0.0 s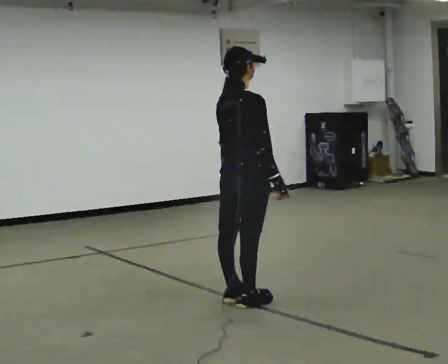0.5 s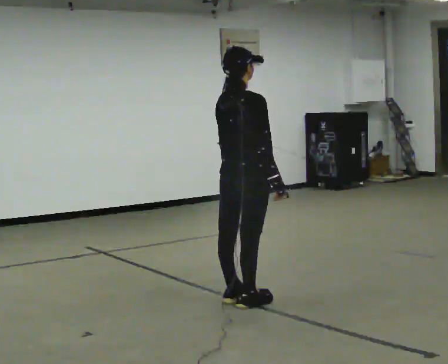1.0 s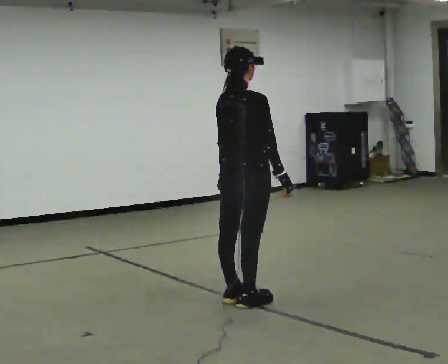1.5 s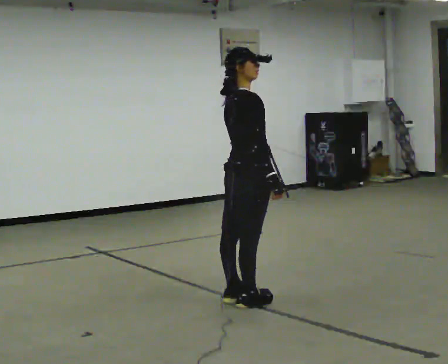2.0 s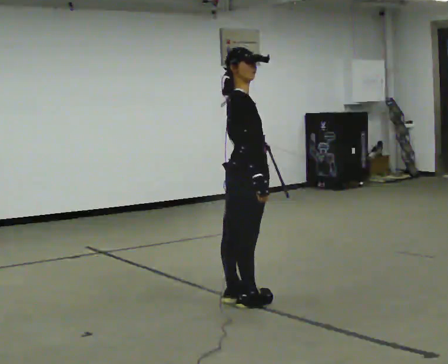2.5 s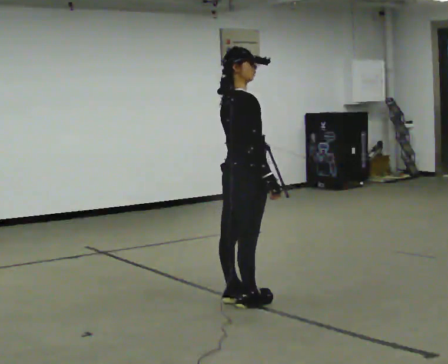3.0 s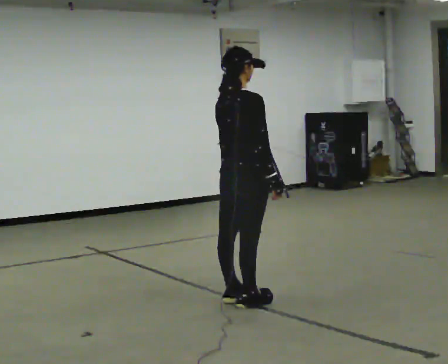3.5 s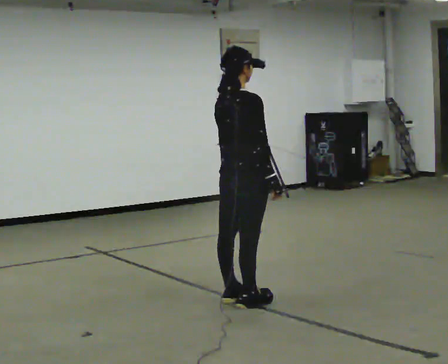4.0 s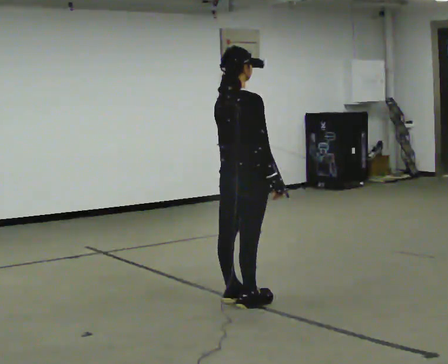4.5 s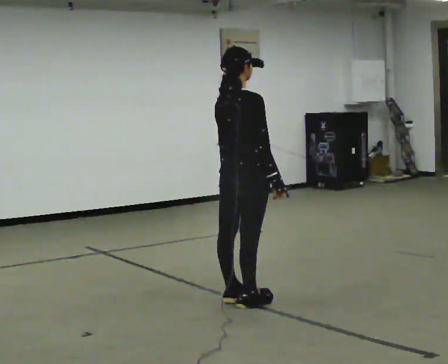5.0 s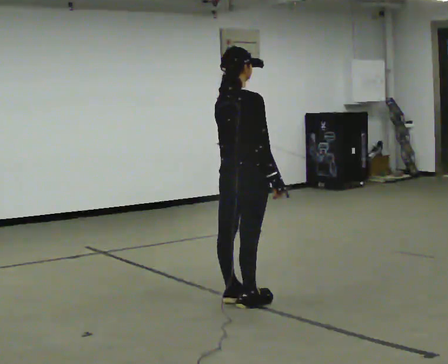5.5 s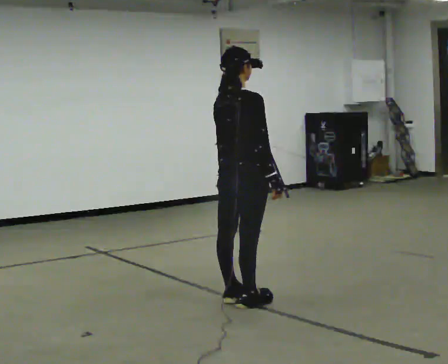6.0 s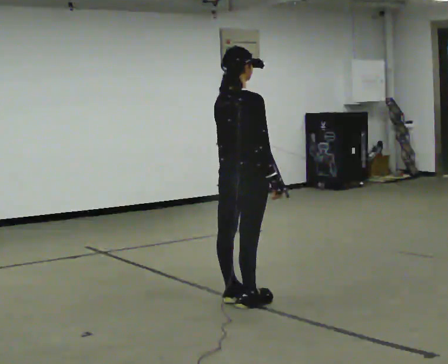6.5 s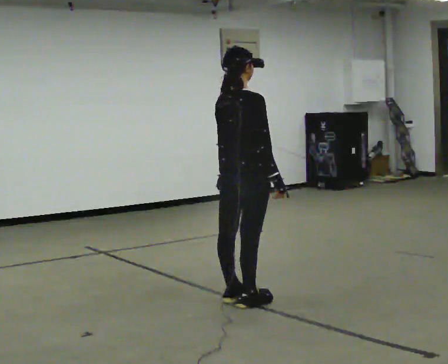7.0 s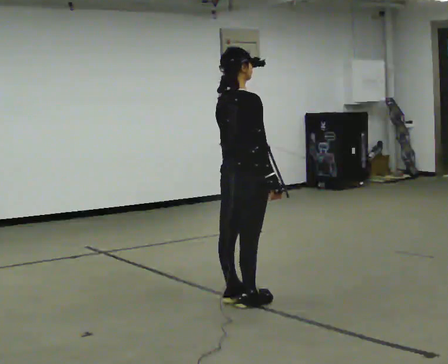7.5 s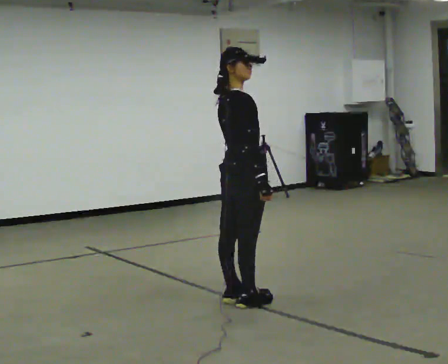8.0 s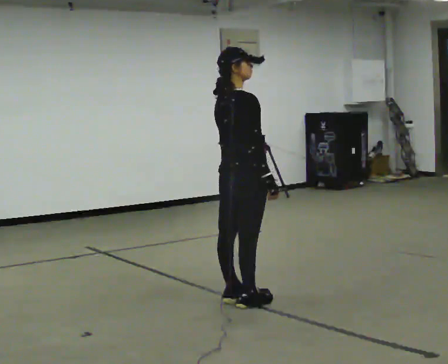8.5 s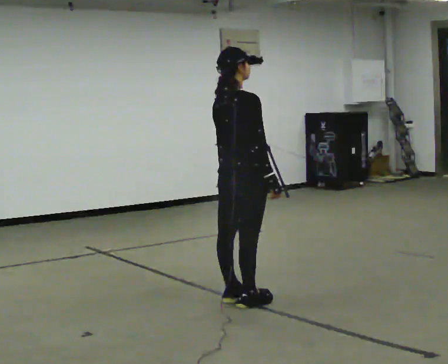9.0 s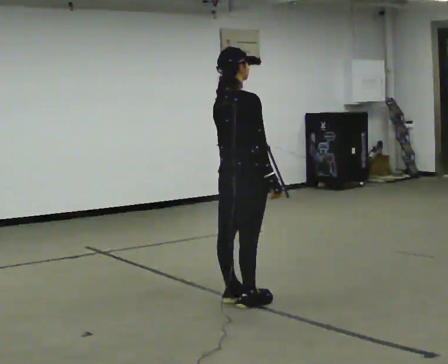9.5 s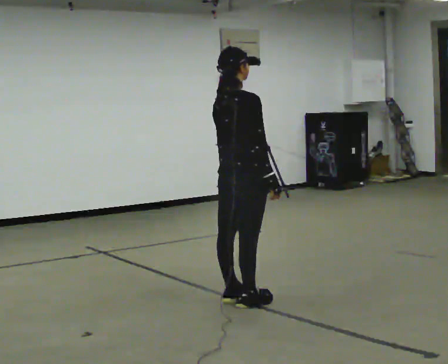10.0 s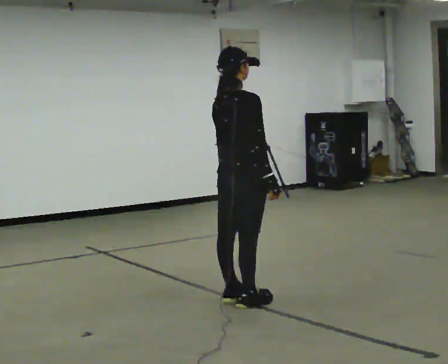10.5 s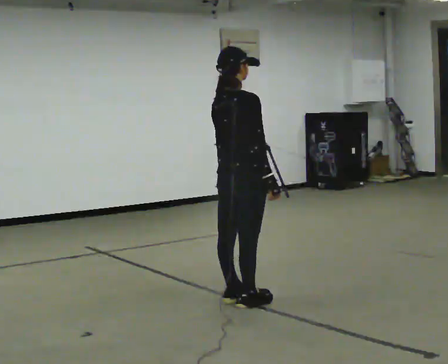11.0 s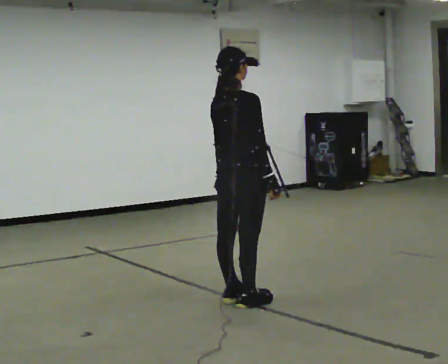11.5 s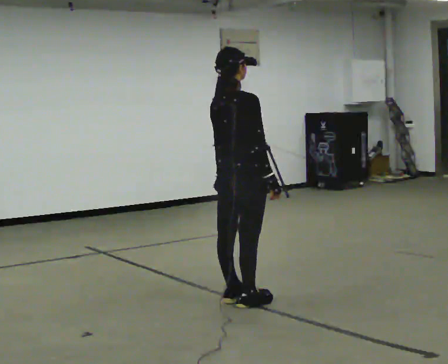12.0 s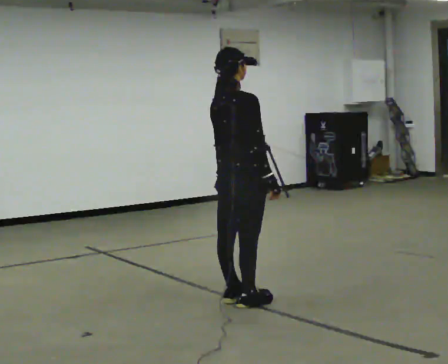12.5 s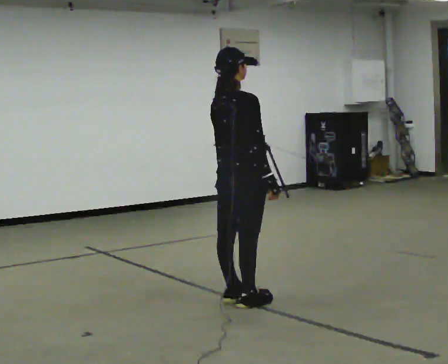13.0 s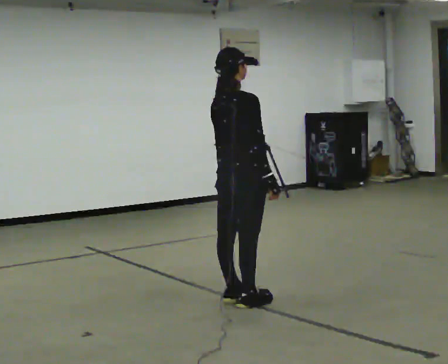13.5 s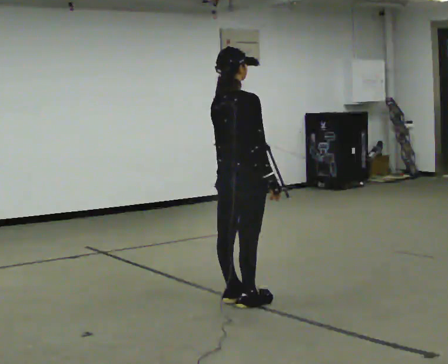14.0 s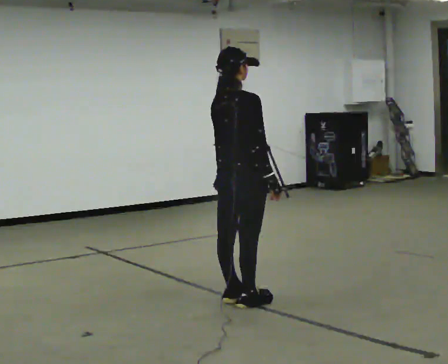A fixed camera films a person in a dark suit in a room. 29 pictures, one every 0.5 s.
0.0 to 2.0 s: The person turns about 30 degrees to their right, clockwise seen from above, so the part of the body nearest the lens slides to the left.
2.0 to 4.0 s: Seen from above the body turns counterclockwise, about 30 degrees: to their left, with its near side sliding to the right.
4.0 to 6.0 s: The person keeps their place and pose.
6.0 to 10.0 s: The person moves a little, or ends about where they began.
10.0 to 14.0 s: The person keeps their place and pose.
The film runs backward here.
